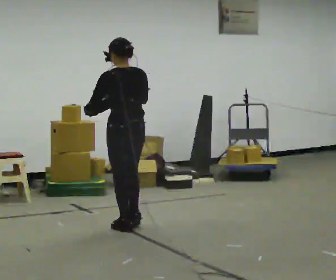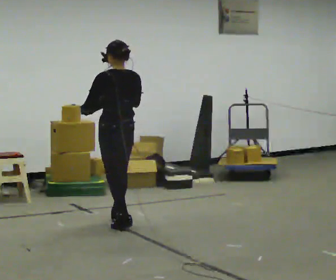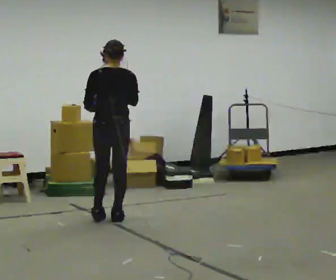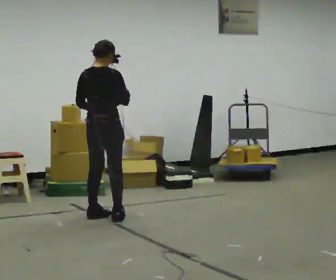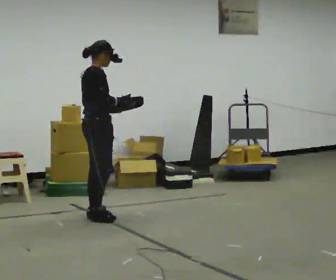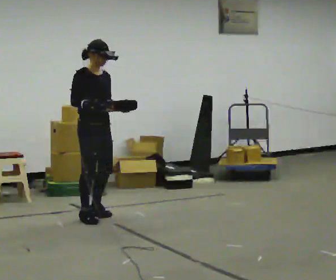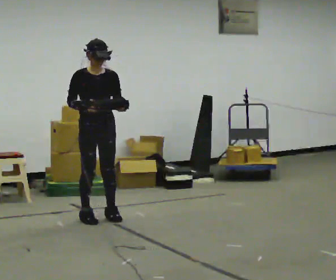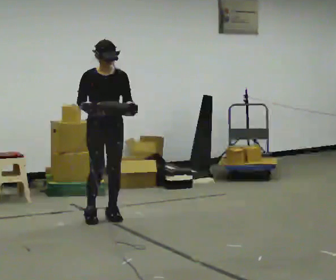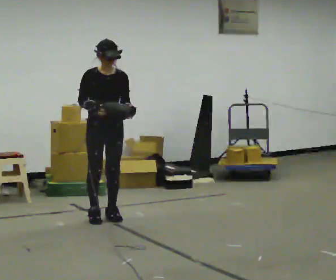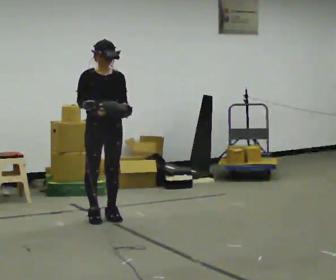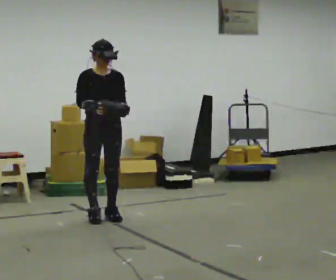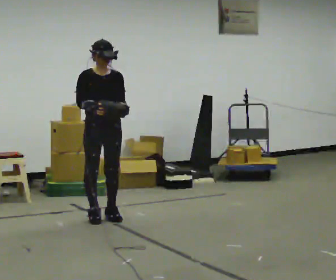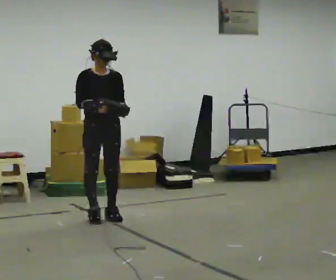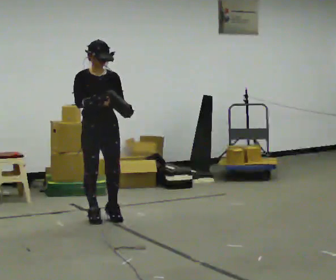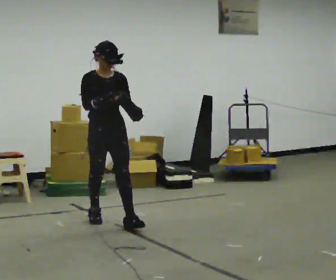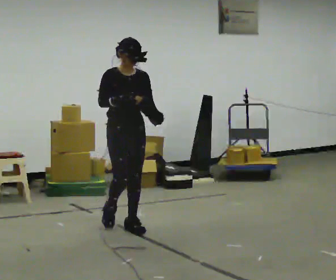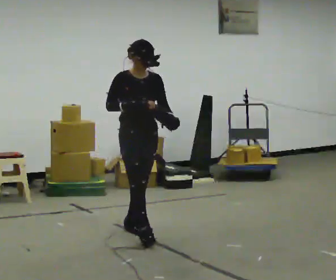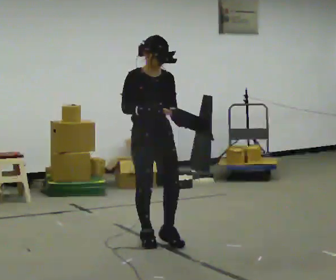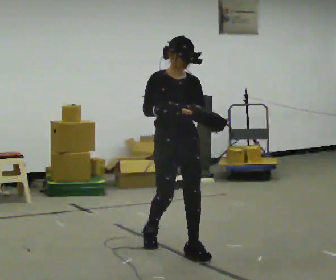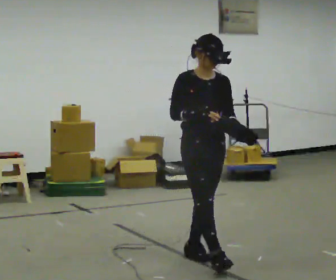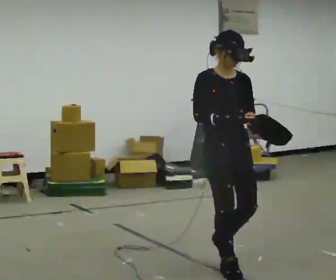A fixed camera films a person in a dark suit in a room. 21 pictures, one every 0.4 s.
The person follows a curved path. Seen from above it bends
counterclockwise.
0.0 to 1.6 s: Seen from above the body turns clockwise, about 105 degrees: to their right, with its near side sliding to the left. In the picture they go away from the camera and to the left, about 0.5 m in 2 steps.
1.6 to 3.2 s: The person turns about 90 degrees to their right, clockwise seen from above, so the part of the body nearest the lens slides to the left.
3.2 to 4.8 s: The person moves a little, or ends about where they began.
4.8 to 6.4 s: In the picture they go toward the camera and to the right, about 0.75 m in 2 steps, which for them is forward.
6.4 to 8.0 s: In the picture they go toward the camera and to the right, about 1 m in 2 steps, which for them is forward.
The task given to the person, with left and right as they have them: Carry the bag and, while walking, undo the buckle or zip, then do it up again. Keep repeating as you walk. Do not stop.
The film runs forward here.
